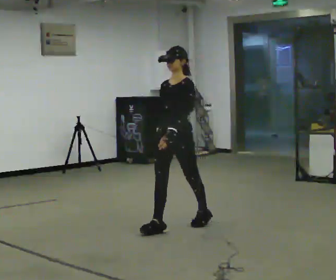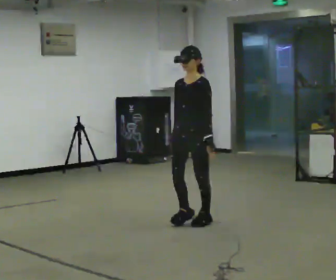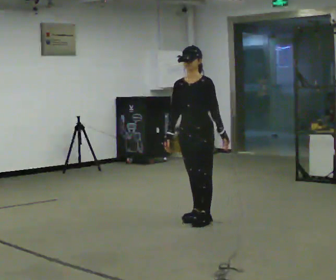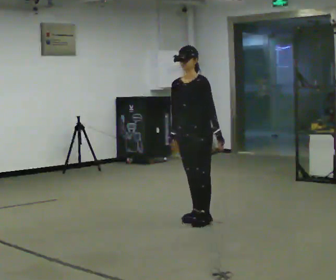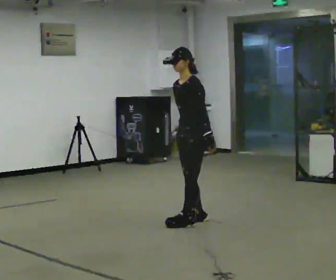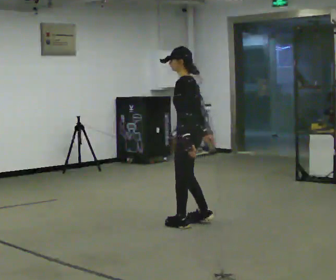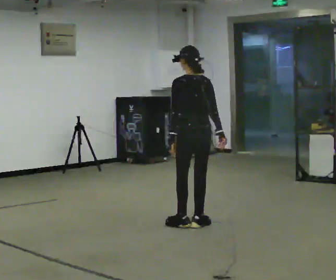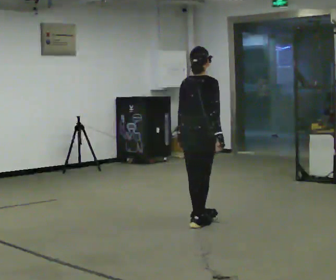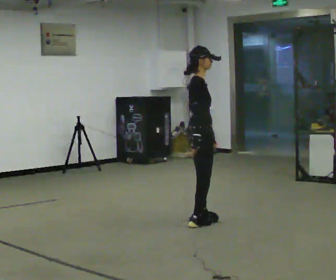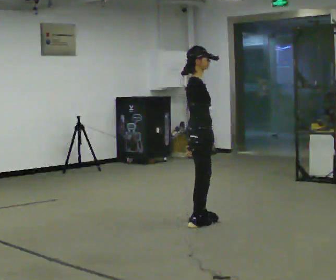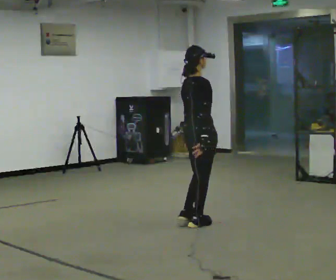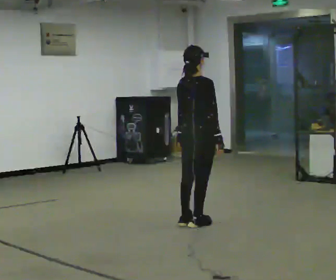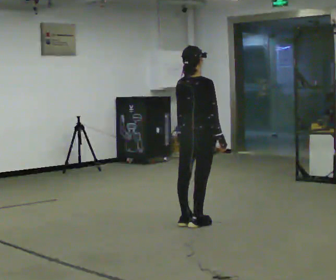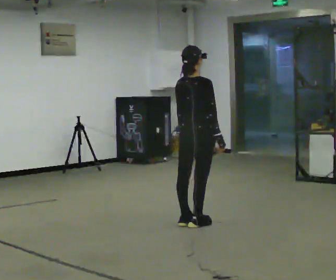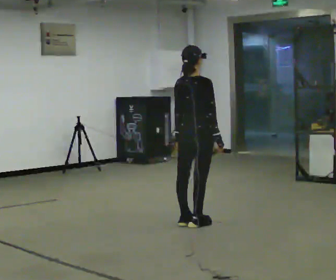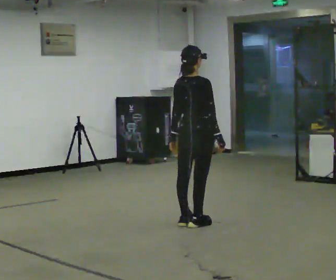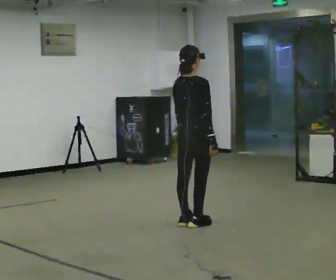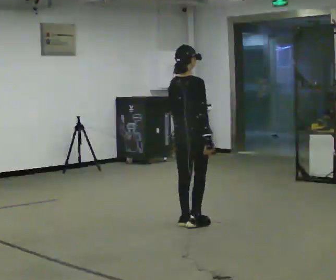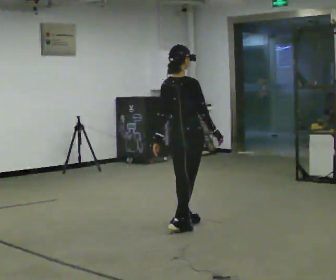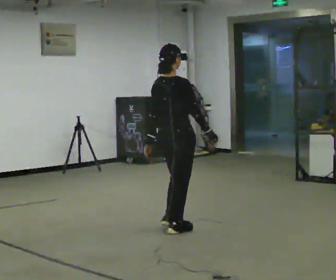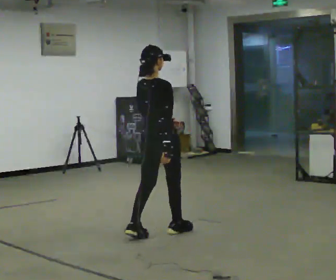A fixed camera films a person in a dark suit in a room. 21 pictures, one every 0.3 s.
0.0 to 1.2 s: In the picture they go away from the camera and to the right, about 0.25 m in 2 steps, which for them is backward.
1.2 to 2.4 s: The person turns about 210 degrees to their right, clockwise seen from above, so the part of the body nearest the lens slides to the left.
2.4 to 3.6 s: The part of the body nearest the lens slides to the right as the person turns to their left by about 45 degrees.
3.6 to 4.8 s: The person moves a little, or ends about where they began.
4.8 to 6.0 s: In the picture they go toward the camera and to the left, about 0.5 m in 2 steps, which for them is backward.
The film runs backward here.
